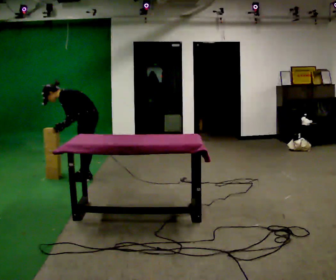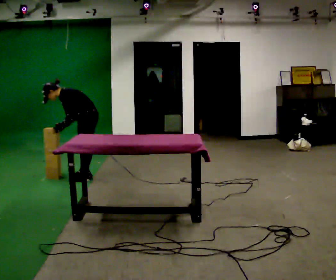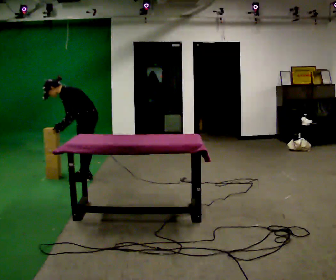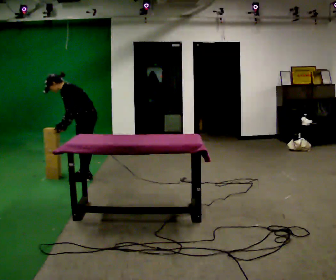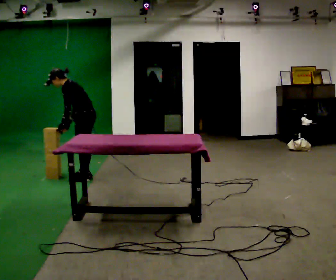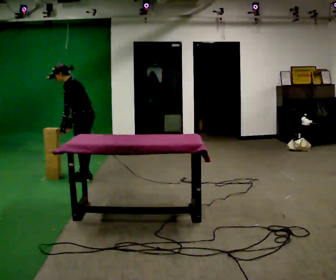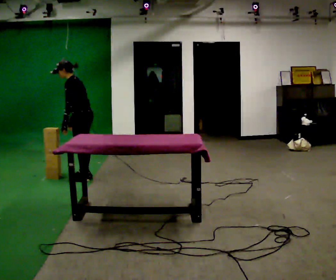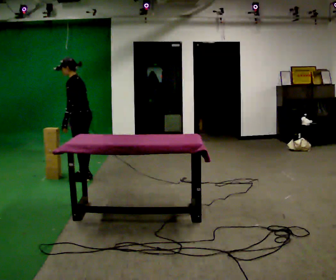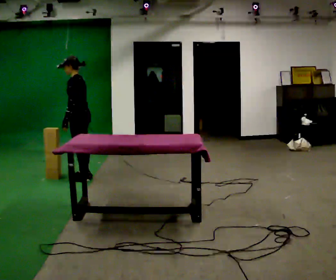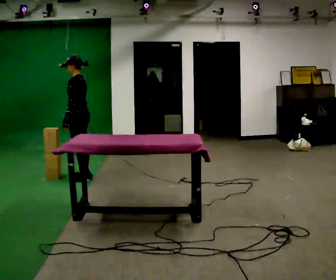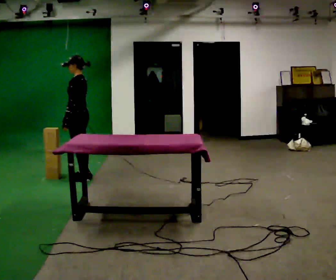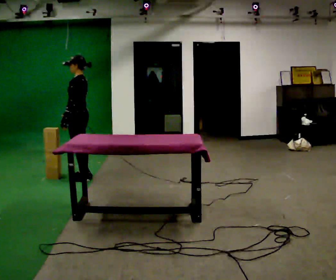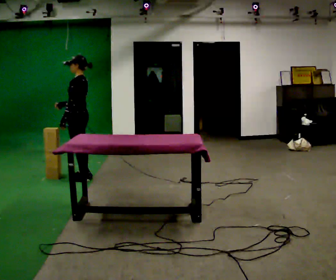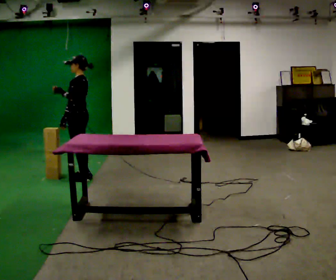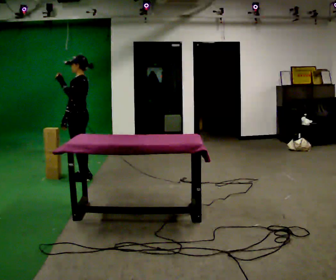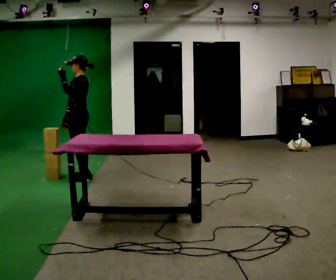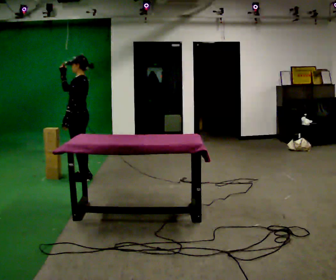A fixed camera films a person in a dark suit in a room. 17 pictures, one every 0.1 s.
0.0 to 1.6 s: The upper body goes upward. In the picture the upper body tilts clockwise, shoulders to the right, as they lean back or straighten. In the picture their right hand goes upward.
The film runs forward here.
